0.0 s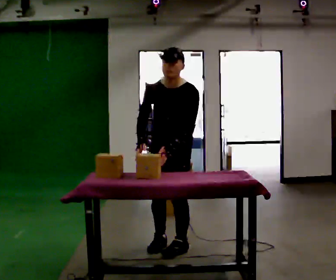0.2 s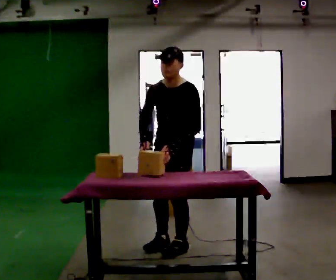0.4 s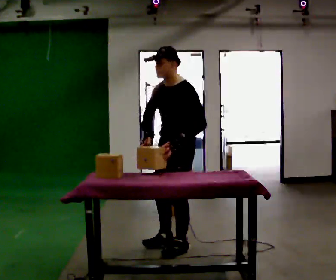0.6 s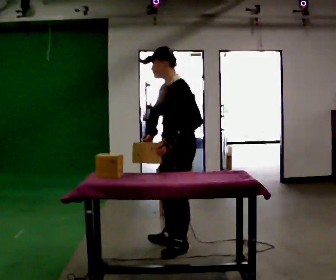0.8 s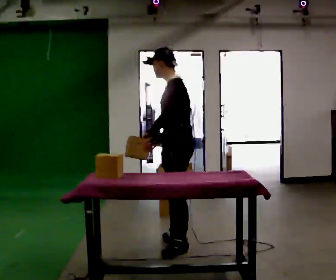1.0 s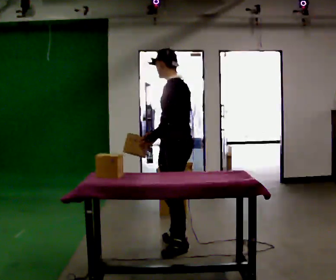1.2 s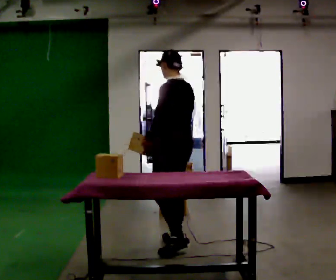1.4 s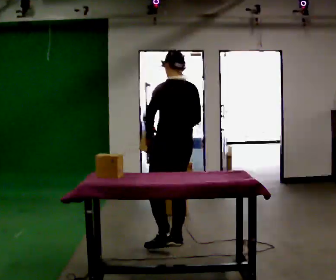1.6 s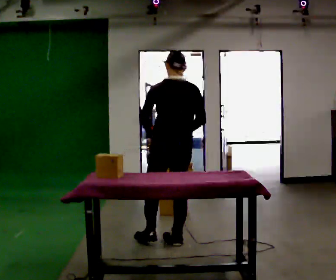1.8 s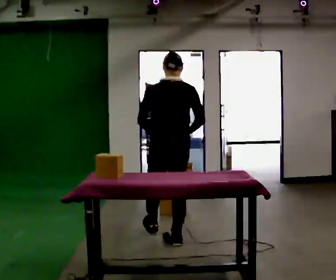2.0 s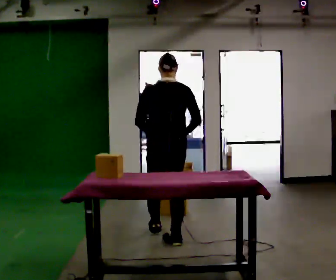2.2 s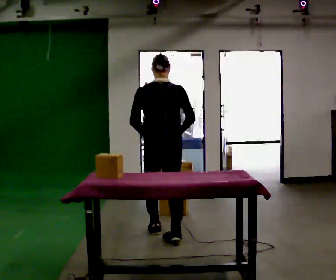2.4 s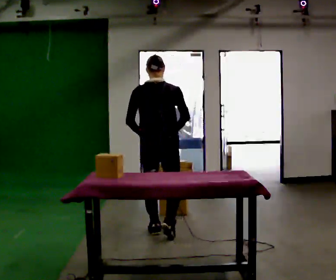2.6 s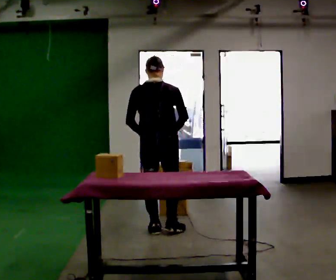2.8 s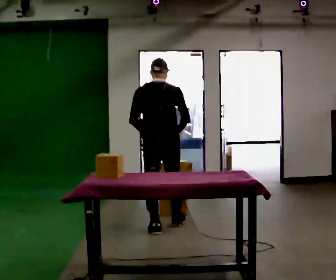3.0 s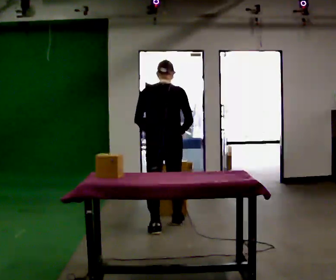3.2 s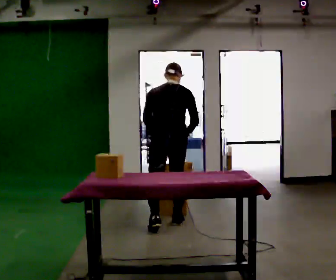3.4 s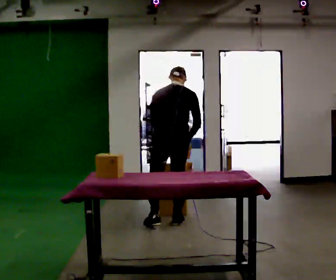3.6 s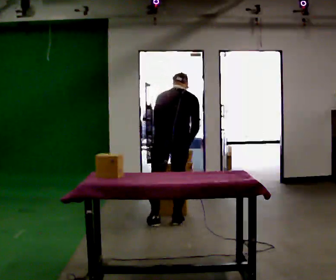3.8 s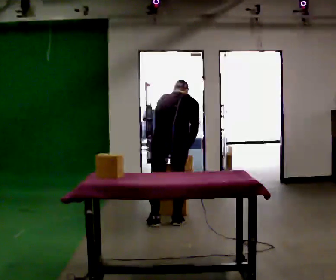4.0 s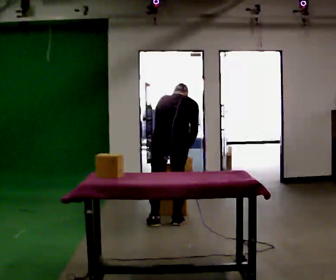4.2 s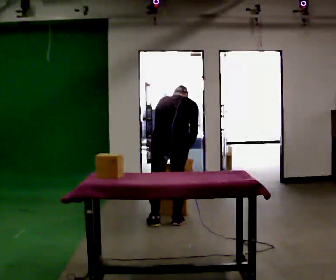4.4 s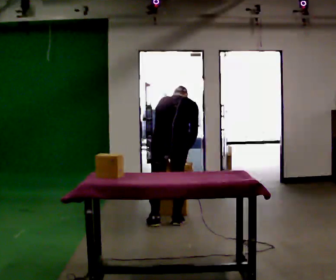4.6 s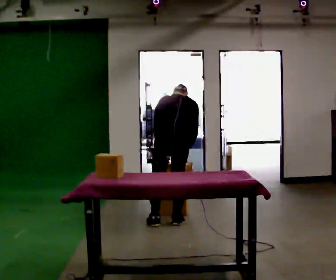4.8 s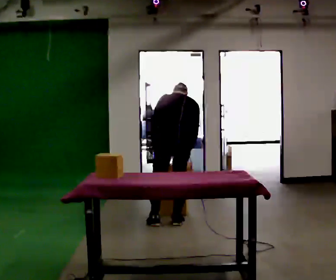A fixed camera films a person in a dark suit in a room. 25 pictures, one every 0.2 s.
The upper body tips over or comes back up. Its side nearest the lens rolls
upward.
The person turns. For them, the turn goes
to their right.
0.0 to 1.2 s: The part of the body nearest the lens slides to the left as the person turns to their right by about 90 degrees. The upper body tips away from the camera, its near side rolling upward, as they lean back or straighten.
1.2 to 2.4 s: The person turns about 60 degrees to their right, clockwise seen from above, so the part of the body nearest the lens slides to the left. In the picture they go away from the camera and to the left, about 0.5 m in 1 step.
2.4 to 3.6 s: In the picture they go away from the camera, about 0.25 m in 2 steps, which for them is forward. The upper body tips away from the camera, its near side rolling upward, as they bend forward.
3.6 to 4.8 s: The person moves a little, or ends about where they began.
The film runs forward here.
